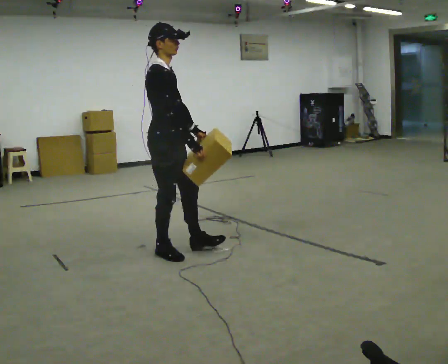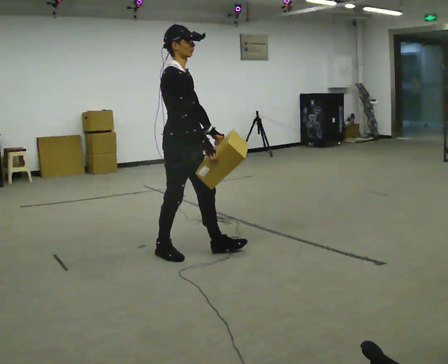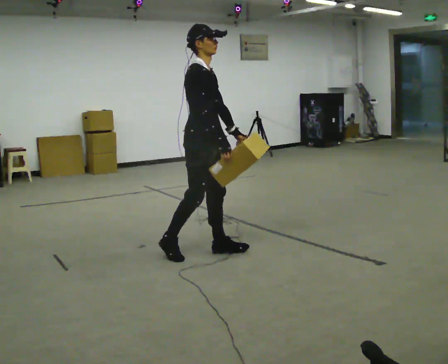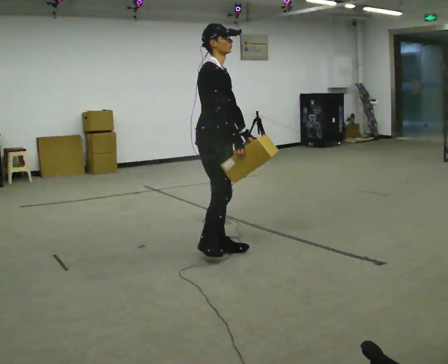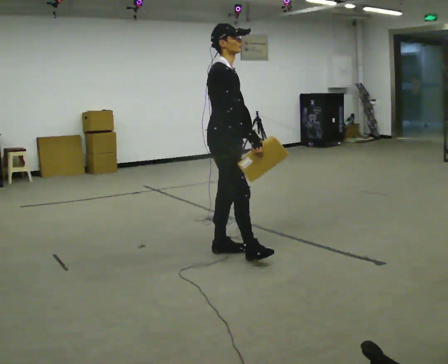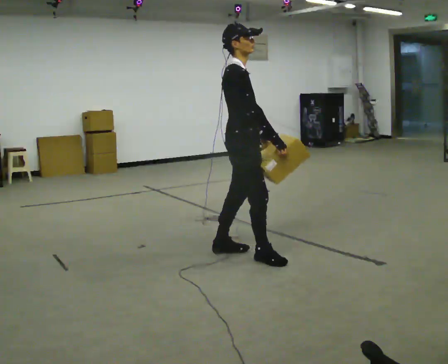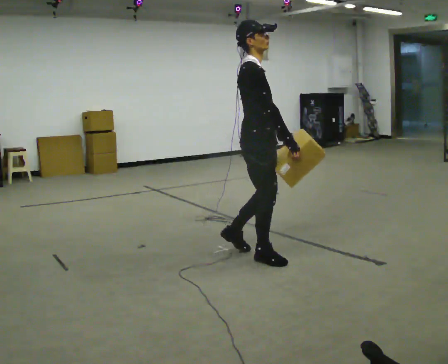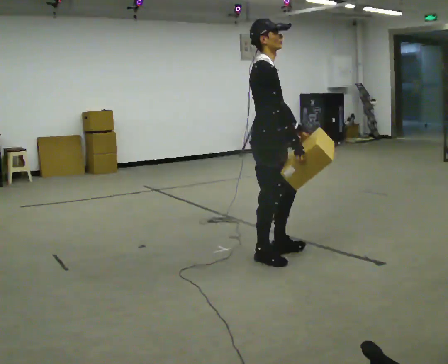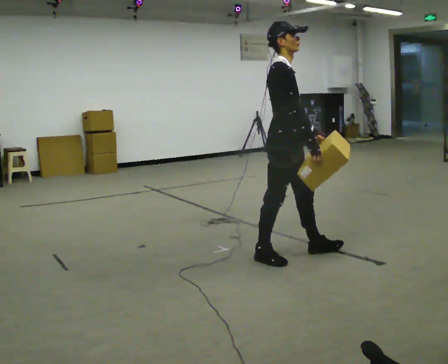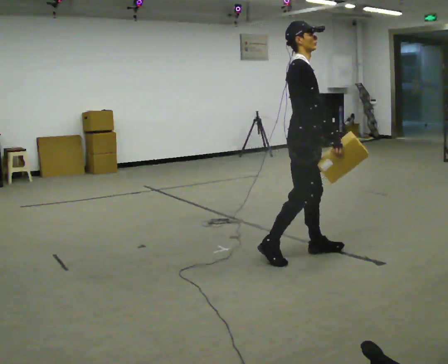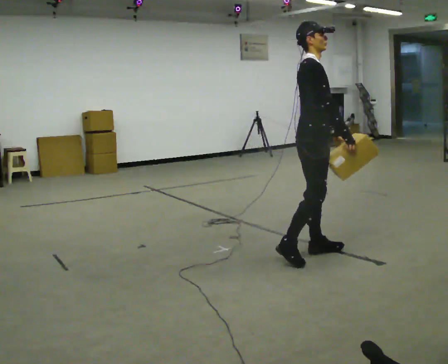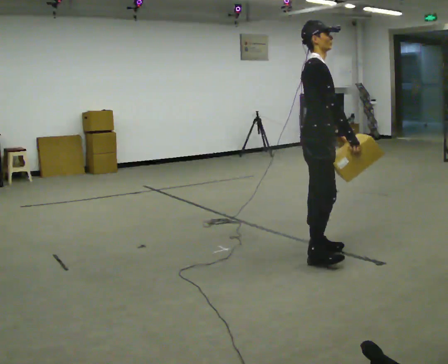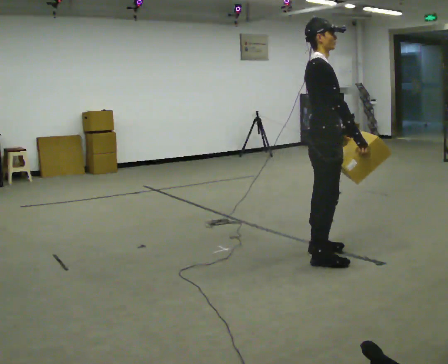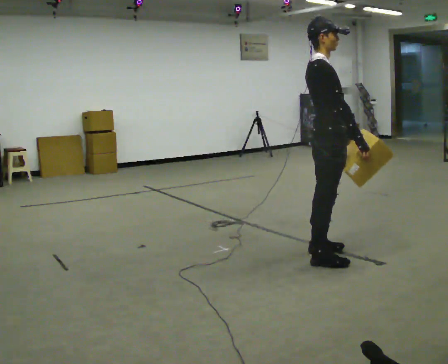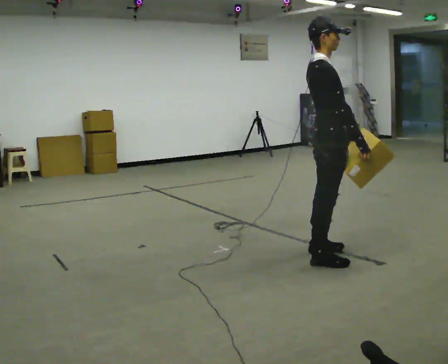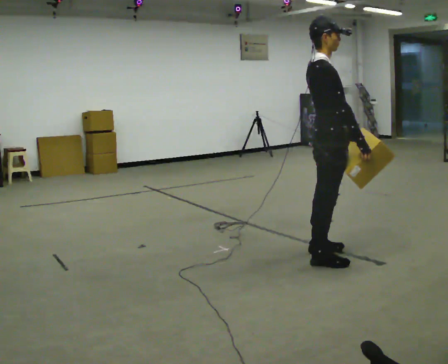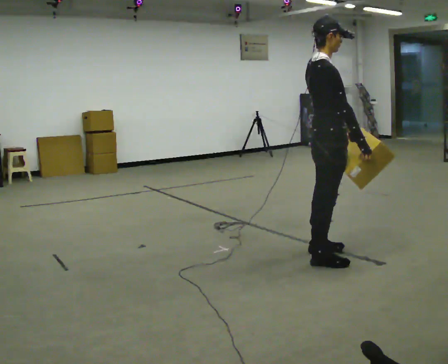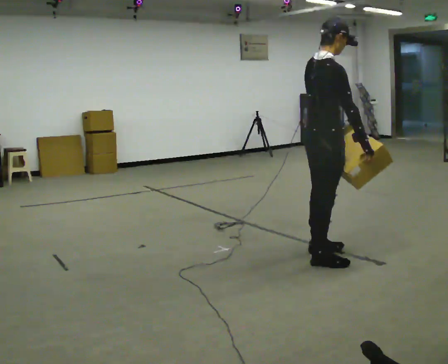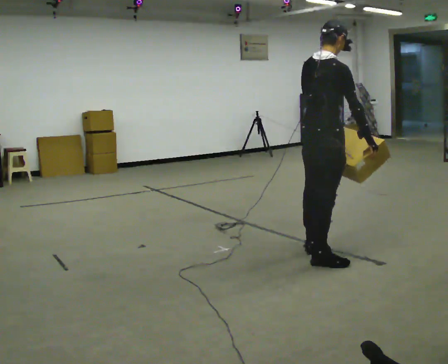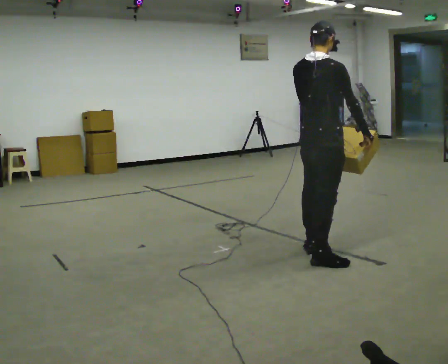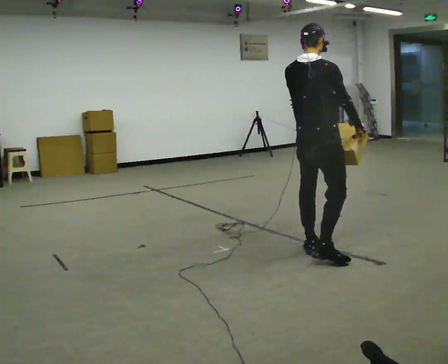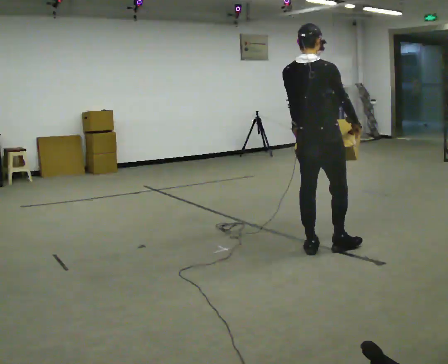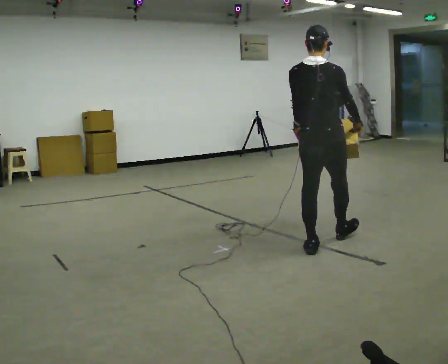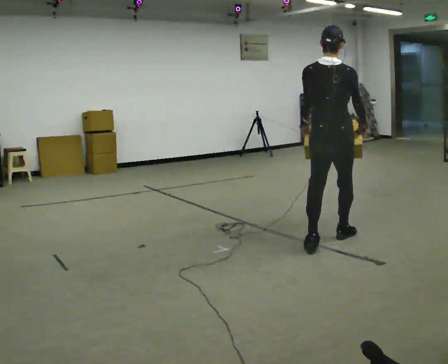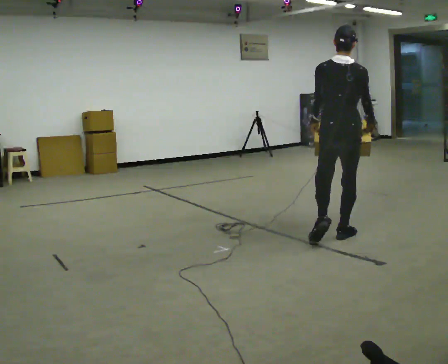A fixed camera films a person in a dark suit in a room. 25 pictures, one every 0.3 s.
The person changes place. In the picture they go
to the right.
0.0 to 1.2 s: In the picture they go to the right, about 0.5 m in 1 step, which for them is forward.
1.2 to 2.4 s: In the picture they go to the right, about 0.5 m in 2 steps, which for them is forward.
2.4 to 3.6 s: In the picture they go to the right, about 0.25 m in 1 step, which for them is forward.
3.6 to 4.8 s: The person moves a little, or ends about where they began.
4.8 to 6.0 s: The part of the body nearest the lens slides to the right as the person turns to their left by about 45 degrees.
6.0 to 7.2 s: The person turns about 30 degrees to their left, counterclockwise seen from above, so the part of the body nearest the lens slides to the right. In the picture they go away from the camera and to the right, about 0.5 m in 1 step, which for them is forward.
The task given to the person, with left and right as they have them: Carry the medium box in both hands in front of you, walking back and forth across the room. Keep walking until the operator says stop.
The film runs forward here.
